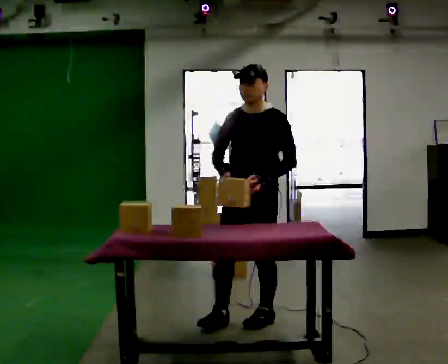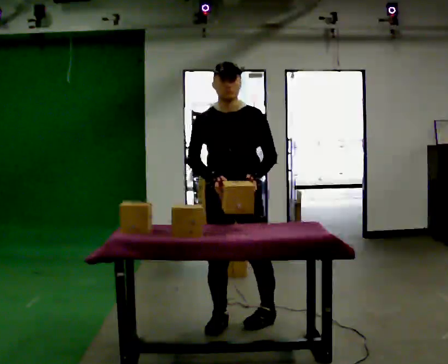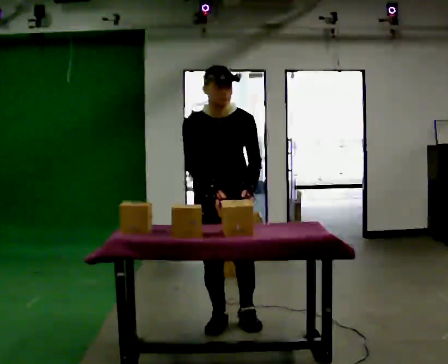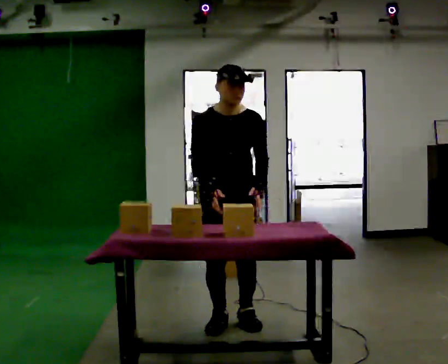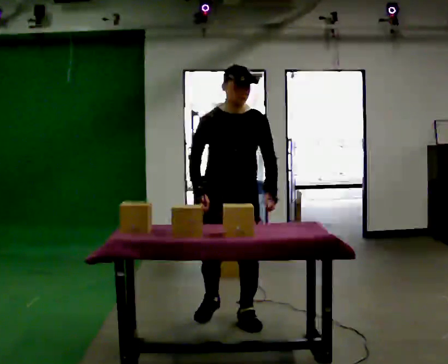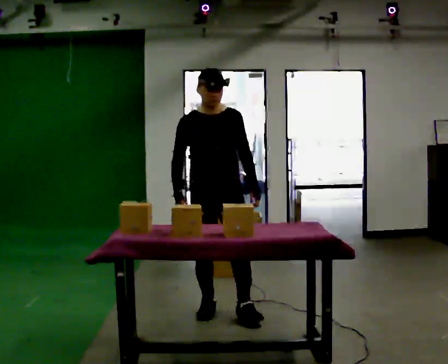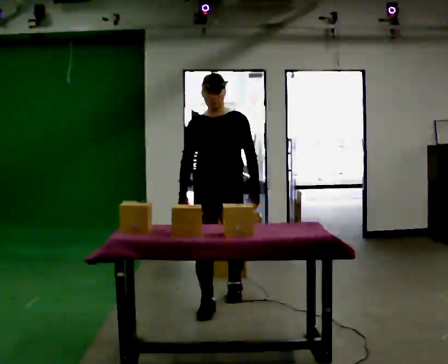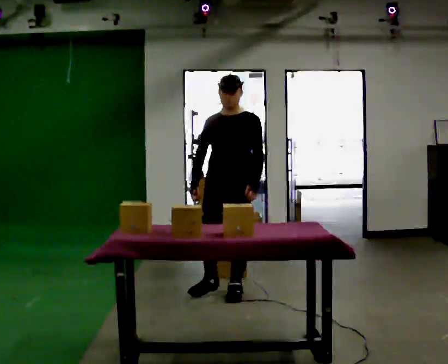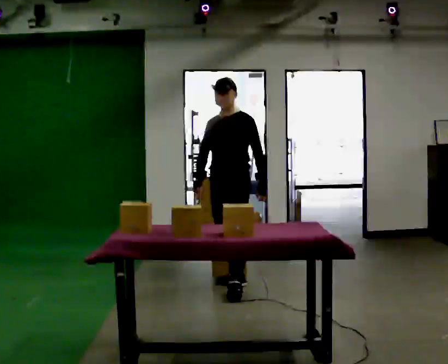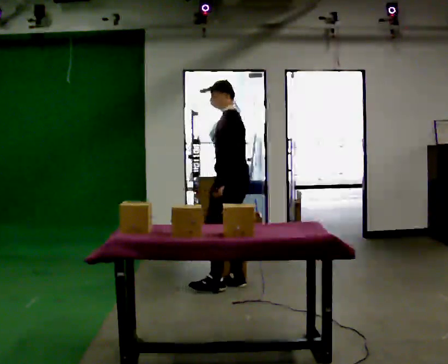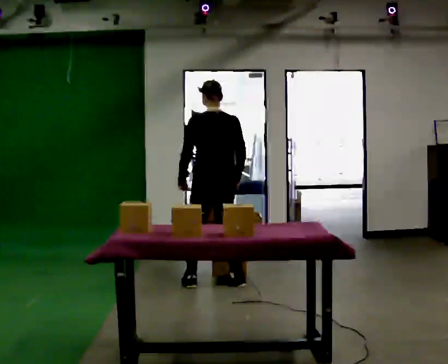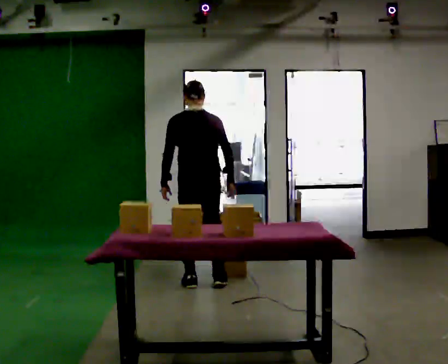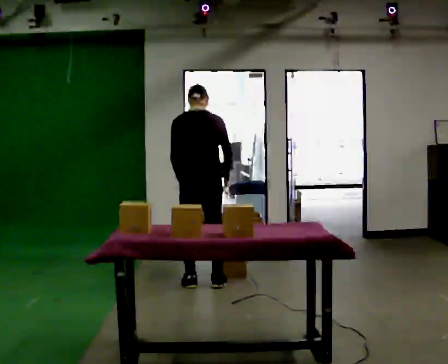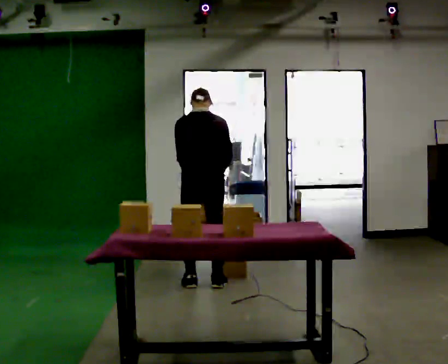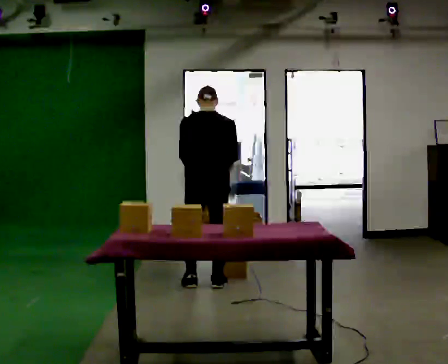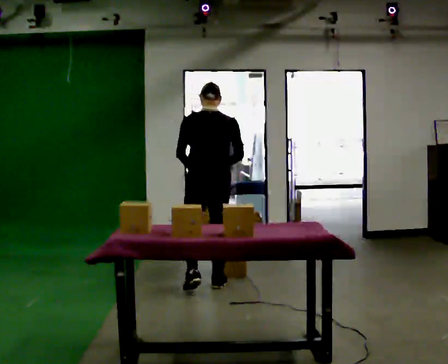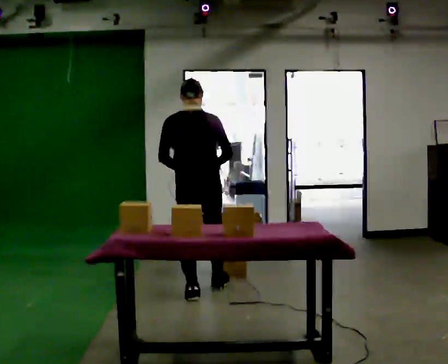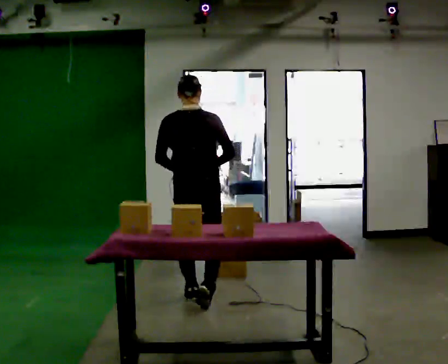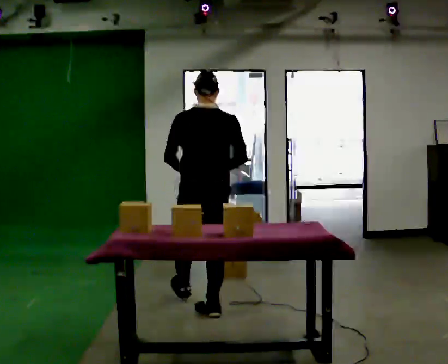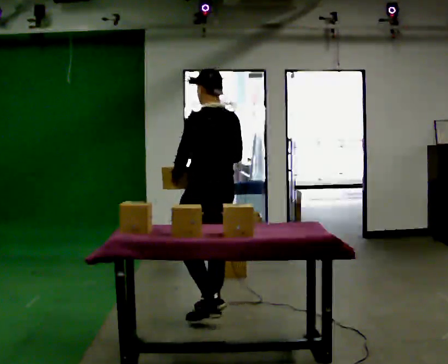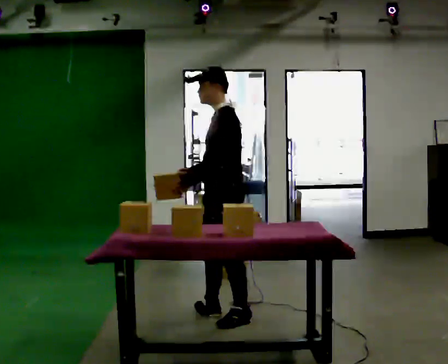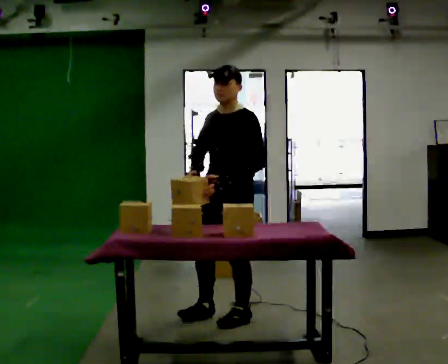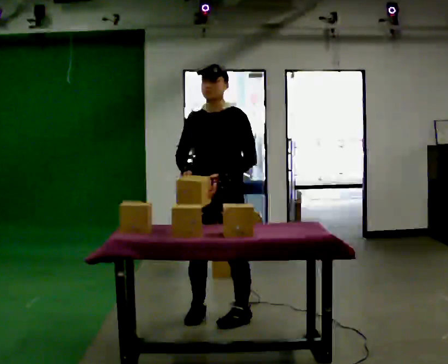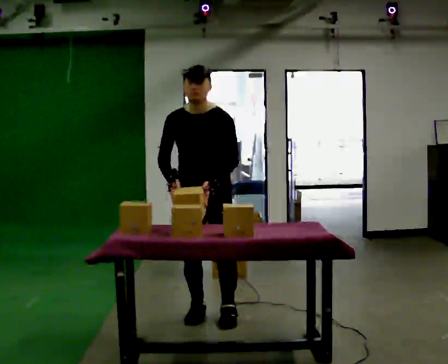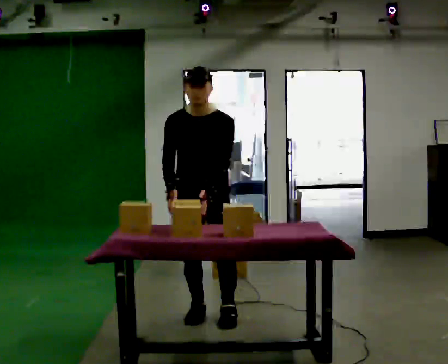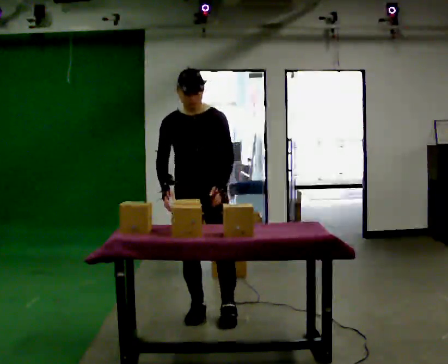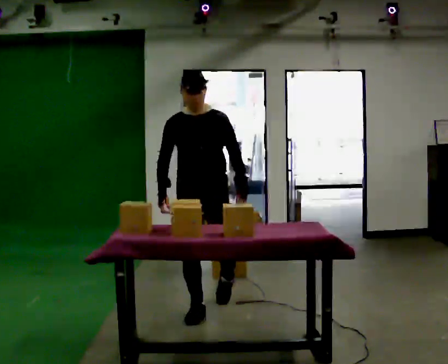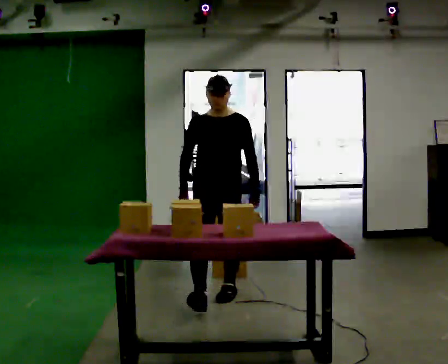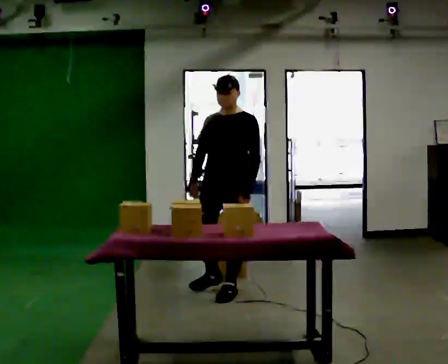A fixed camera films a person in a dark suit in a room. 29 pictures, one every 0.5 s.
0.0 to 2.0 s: The part of the body nearest the lens slides to the right as the person turns to their left by about 30 degrees. In the picture they go to the left, about 0.25 m in 2 steps, which for them is to their right.
2.0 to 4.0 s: Seen from above the body turns clockwise, about 45 degrees: to their right, with its near side sliding to the left. In the picture they go away from the camera, about 1 m in 2 steps, which for them is backward.
4.0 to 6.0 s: Seen from above the body turns clockwise, about 135 degrees: to their right, with its near side sliding to the left. In the picture they go to the left, about 0.25 m in 2 steps.
6.0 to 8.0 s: In the picture they go toward the camera, about 0.25 m in 2 steps, which for them is backward.
8.0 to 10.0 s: Seen from above the body turns counterclockwise, about 90 degrees: to their left, with its near side sliding to the right. In the picture they go toward the camera, about 0.5 m in 1 step.
10.0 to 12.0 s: The part of the body nearest the lens slides to the right as the person turns to their left by about 90 degrees. In the picture they go to the left, about 0.25 m.
12.0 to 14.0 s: The person turns about 30 degrees to their right, clockwise seen from above, so the part of the body nearest the lens slides to the left. In the picture they go away from the camera, about 0.75 m in 2 steps, which for them is backward. The upper body tips away from the camera, its near side rolling upward, as they lean back or straighten.
The film runs backward here.
